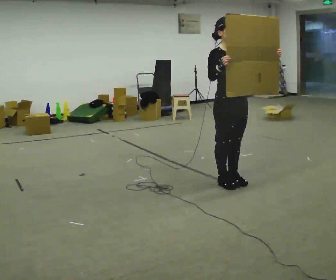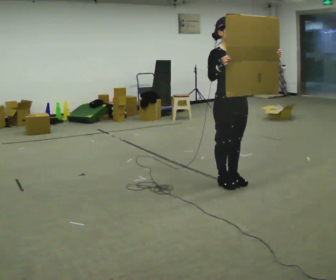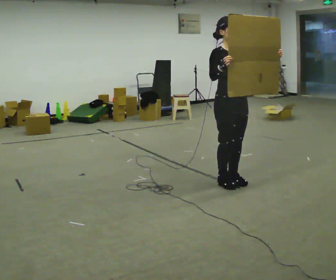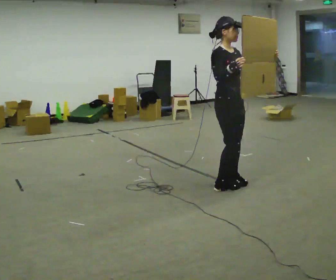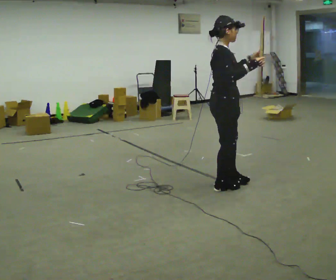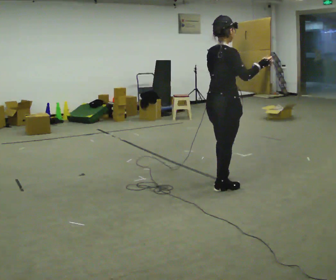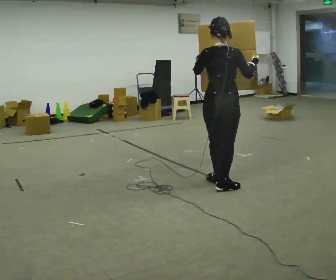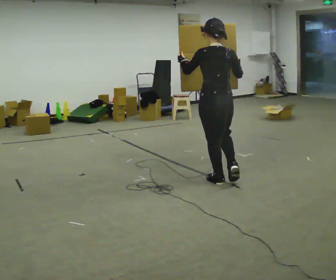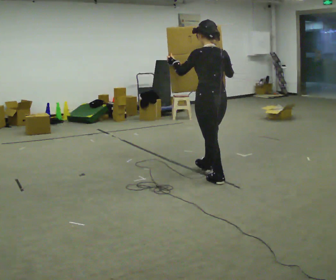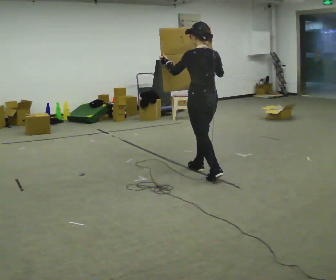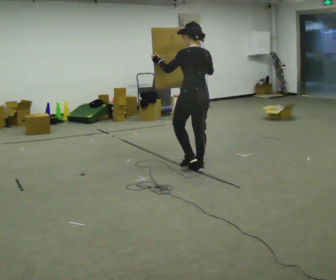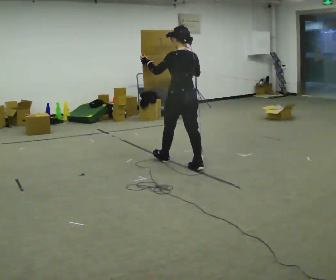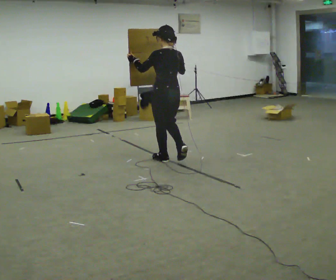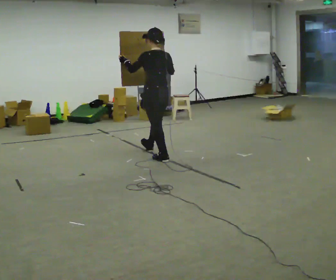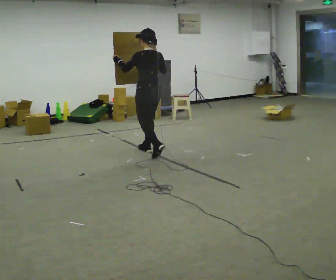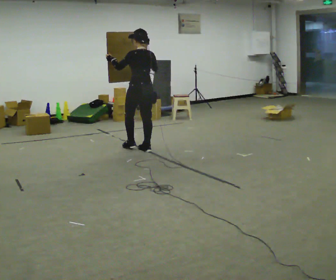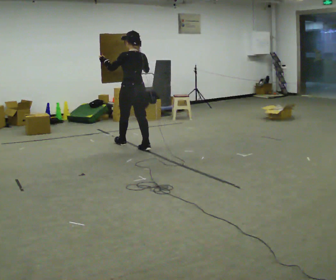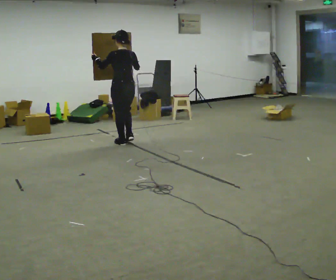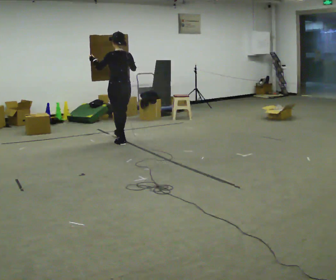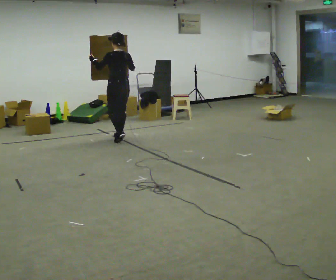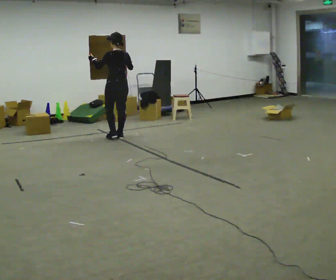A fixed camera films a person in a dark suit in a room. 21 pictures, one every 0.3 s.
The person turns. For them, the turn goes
to their left.
The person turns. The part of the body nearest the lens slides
to the right.
0.0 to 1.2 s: The part of the body nearest the lens slides to the right as the person turns to their left by about 75 degrees.
1.2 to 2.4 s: The person turns about 105 degrees to their left, counterclockwise seen from above, so the part of the body nearest the lens slides to the right. In the picture they go away from the camera, about 0.25 m.
2.4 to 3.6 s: In the picture they go away from the camera and to the left, about 1 m in 2 steps, which for them is forward.
3.6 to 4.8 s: In the picture they go away from the camera and to the left, about 1 m in 2 steps, which for them is forward.
4.8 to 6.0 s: In the picture they go away from the camera and to the left, about 0.5 m in 1 step, which for them is forward.
The film runs forward here.
